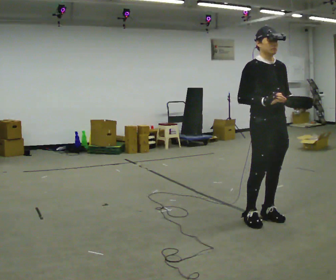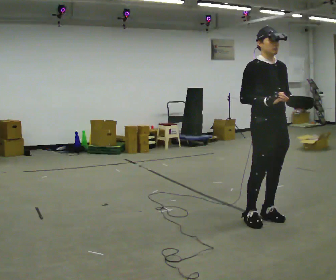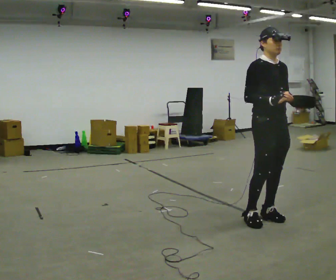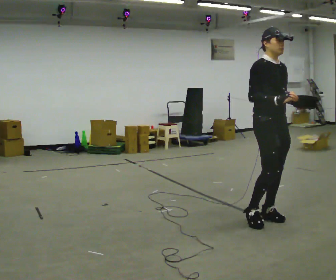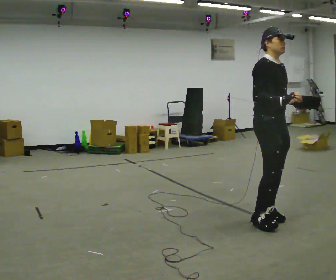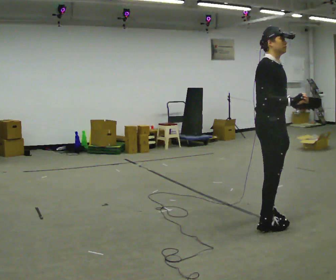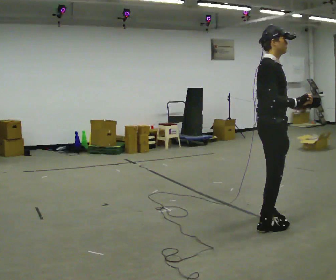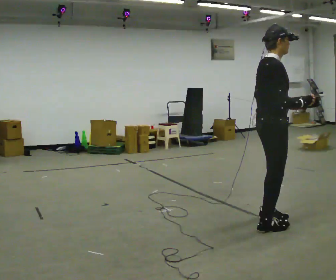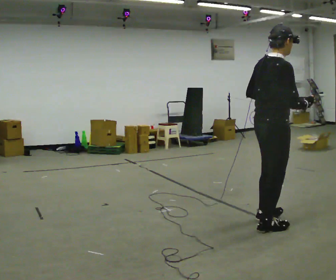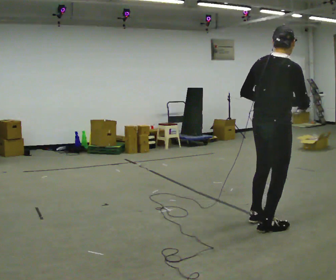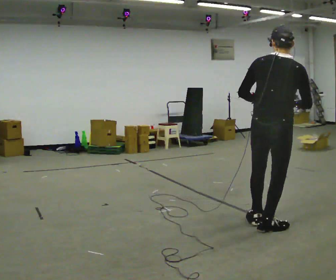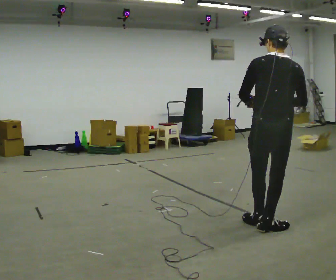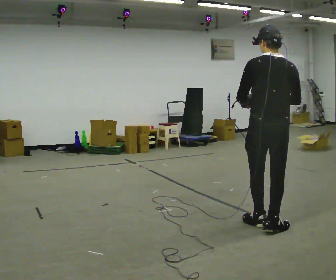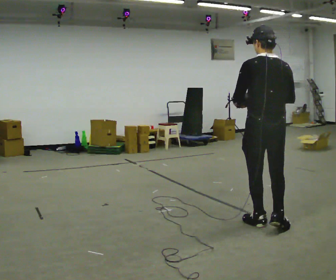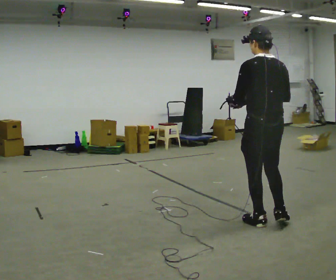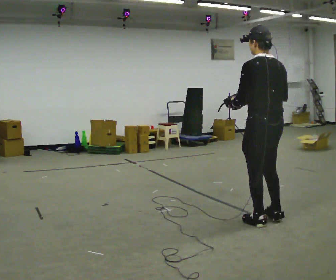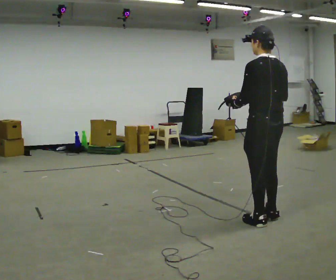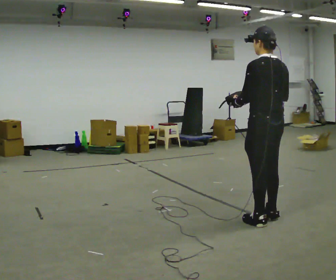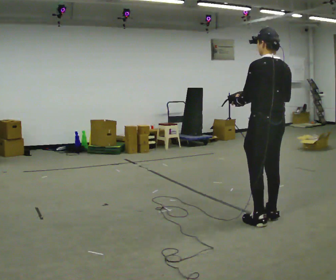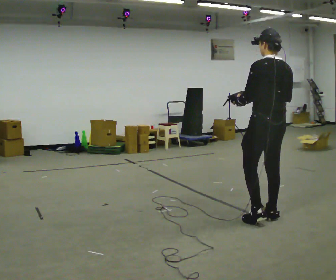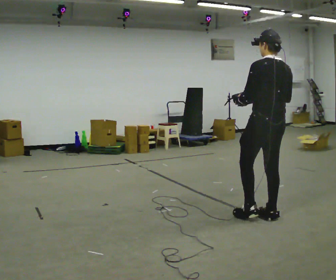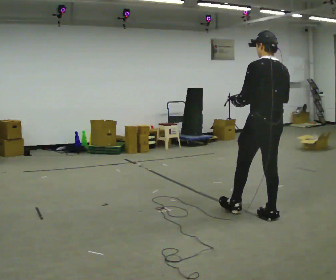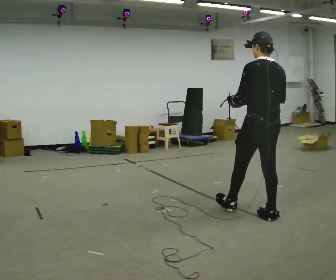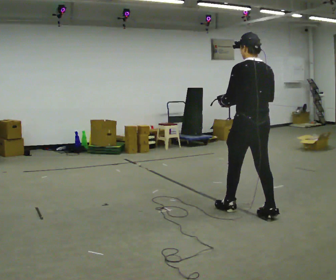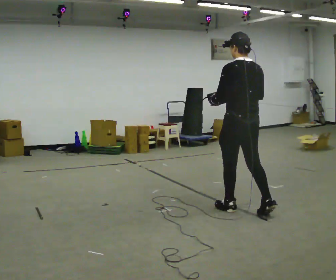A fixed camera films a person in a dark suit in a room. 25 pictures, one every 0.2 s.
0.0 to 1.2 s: The part of the body nearest the lens slides to the right as the person turns to their left by about 45 degrees.
1.2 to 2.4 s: The part of the body nearest the lens slides to the right as the person turns to their left by about 105 degrees.
2.4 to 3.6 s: The part of the body nearest the lens slides to the right as the person turns to their left by about 30 degrees. In the picture they go away from the camera, about 0.25 m in 1 step, which for them is forward and to their right.
3.6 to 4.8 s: In the picture they go to the left and away from the camera, about 0.25 m in 1 step, which for them is forward.
The film runs forward here.
